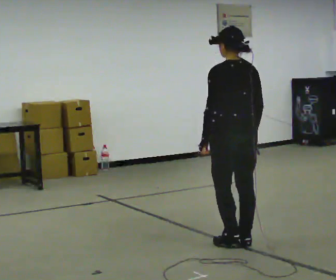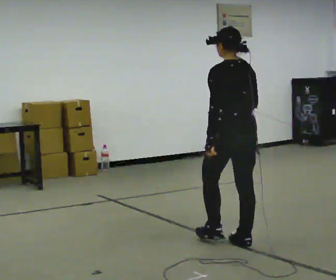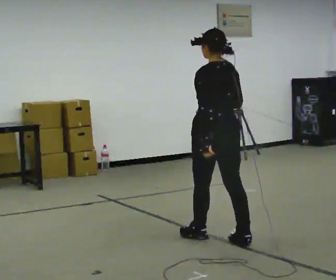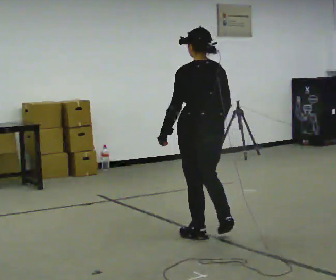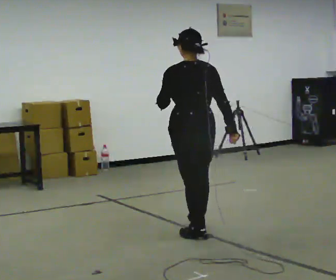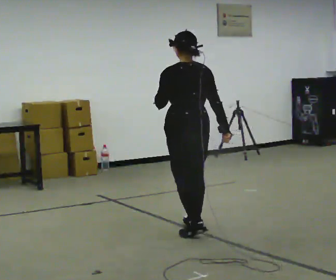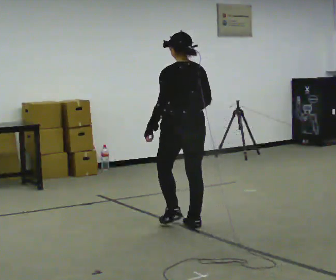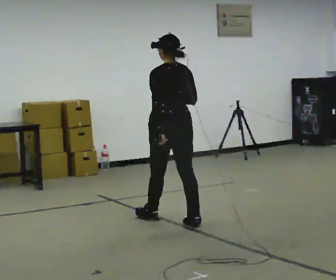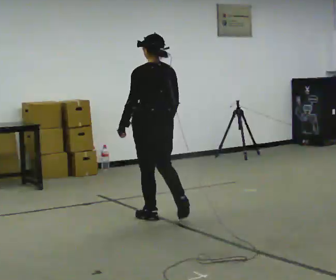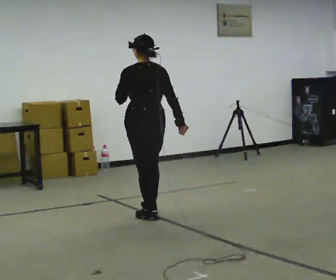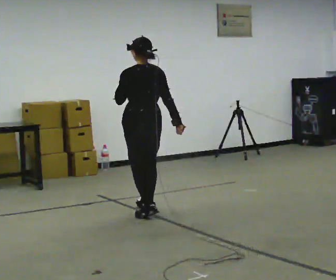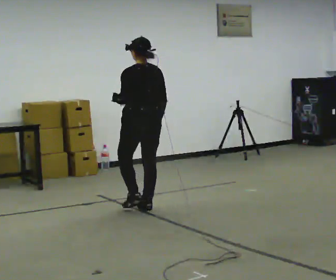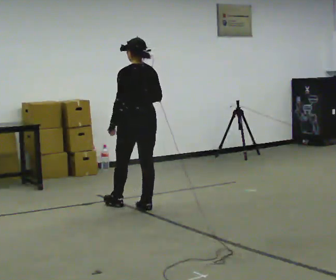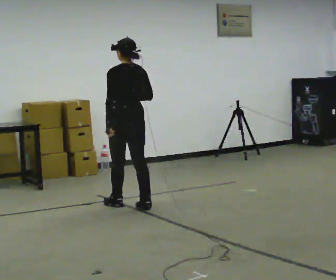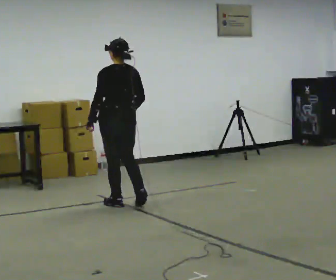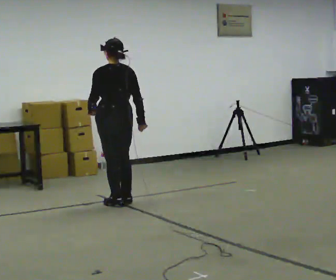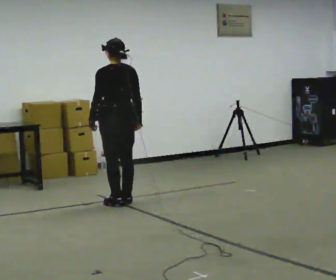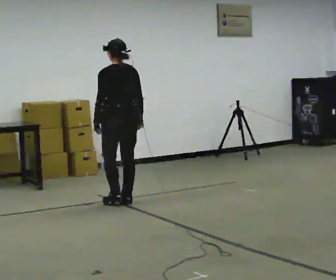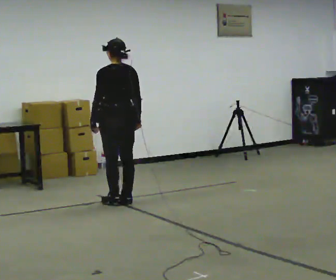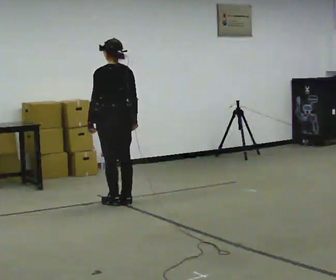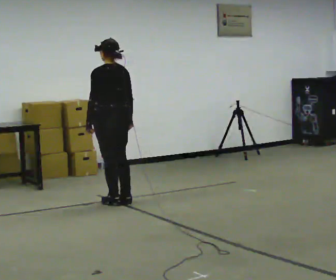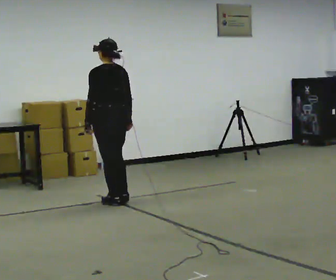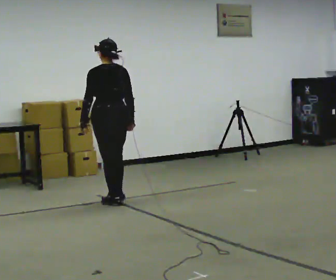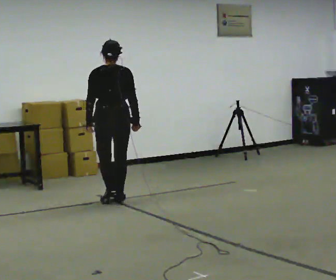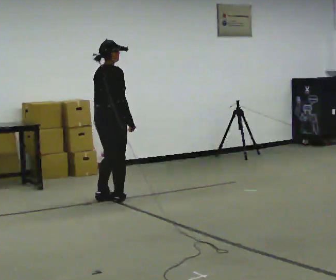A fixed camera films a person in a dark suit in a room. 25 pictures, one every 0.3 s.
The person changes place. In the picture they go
away from the camera.
0.0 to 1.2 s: In the picture they go away from the camera and to the left, about 0.5 m in 1 step, which for them is forward. In the picture their left hand goes upward.
1.2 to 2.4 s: In the picture they go away from the camera and to the left, about 0.75 m in 2 steps, which for them is forward.
2.4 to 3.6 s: In the picture they go away from the camera, about 0.5 m in 2 steps, which for them is forward.
3.6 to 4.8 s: In the picture they go away from the camera and to the left, about 0.25 m in 1 step, which for them is forward.
4.8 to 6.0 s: The person moves a little, or ends about where they began.
6.0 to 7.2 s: The person turns about 105 degrees to their right, clockwise seen from above, so the part of the body nearest the lens slides to the left. In the picture they go away from the camera, about 0.25 m.
The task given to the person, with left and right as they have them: Walk; crouch comfortably at marker; remain briefly; stand and continue.
The film runs forward here.
